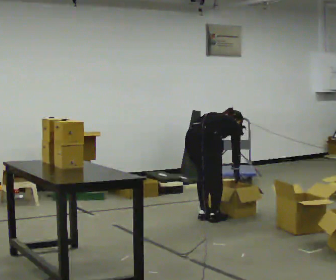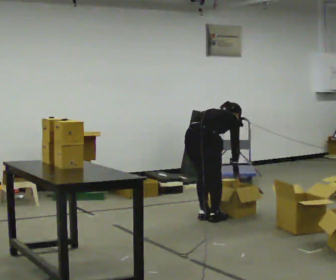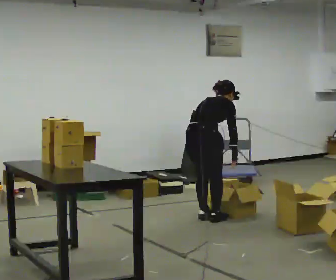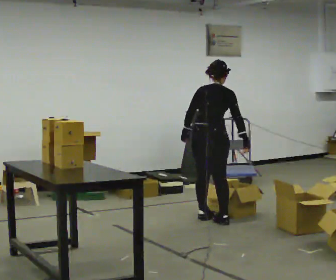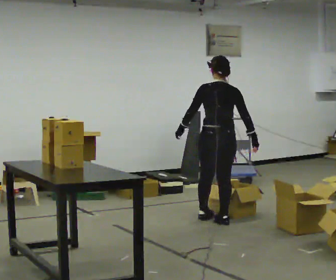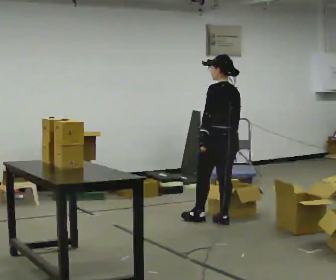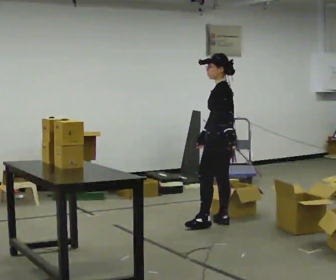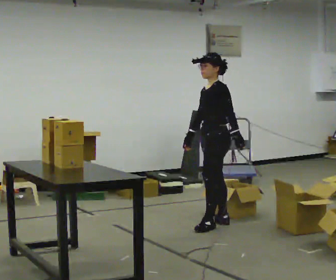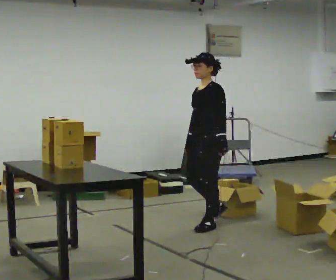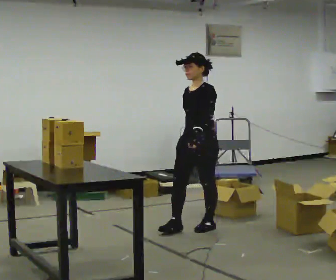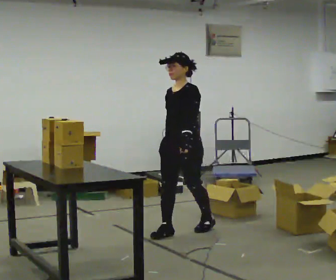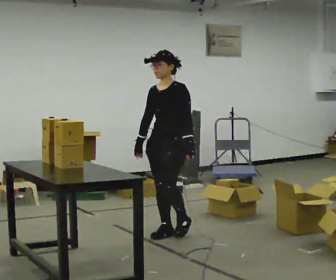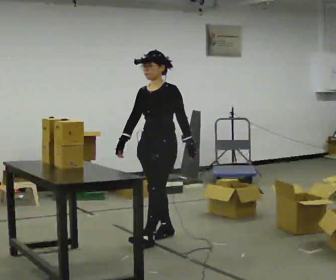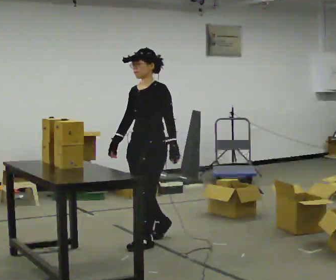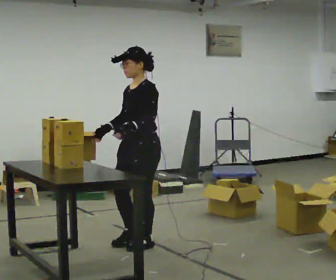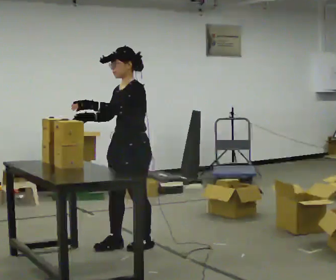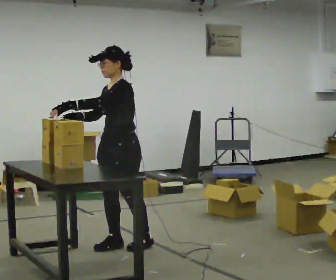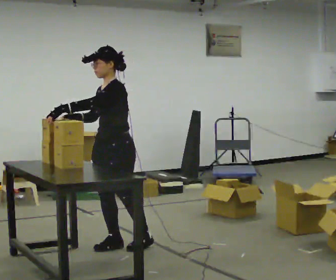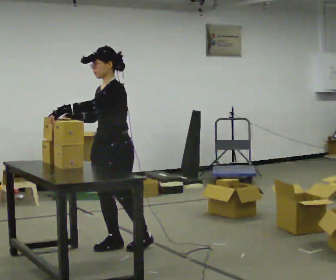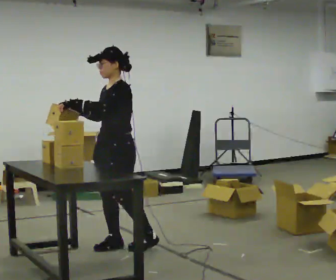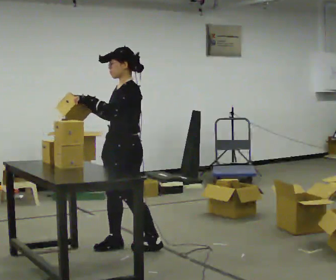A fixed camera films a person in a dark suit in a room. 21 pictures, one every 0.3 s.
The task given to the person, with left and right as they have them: 1. Read the parts list. 2. Collect each part from the bins around the room. 3. Lay them out on the table in the order on the list. 4. Put them all in the carry case. 5. Tell the operator when you are finished.
0.0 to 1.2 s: Seen from above the body turns counterclockwise, about 45 degrees: to their left, with its near side sliding to the right. In the picture they go to the right, about 0.25 m in 1 step, which for them is to their right. The upper body goes upward. The upper body tips toward the camera, its near side rolling downward, as they lean back or straighten. In the picture their left hand goes upward and to the left.
1.2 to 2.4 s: The part of the body nearest the lens slides to the right as the person turns to their left by about 105 degrees. In the picture they go toward the camera, about 0.25 m in 1 step. In the picture their left hand goes to the right, the arm swinging counterclockwise.
2.4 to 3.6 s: In the picture they go to the left and toward the camera, about 0.5 m in 2 steps, which for them is forward.
3.6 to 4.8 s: In the picture they go toward the camera and to the left, about 0.5 m in 1 step, which for them is forward.
4.8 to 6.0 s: The person moves a little, or ends about where they began.
The film runs forward here.
